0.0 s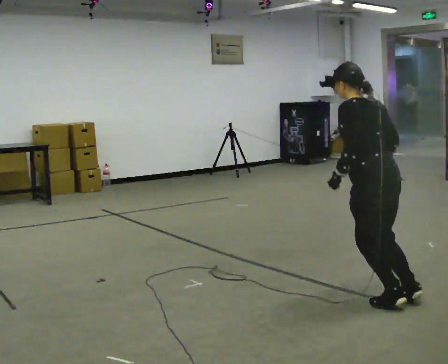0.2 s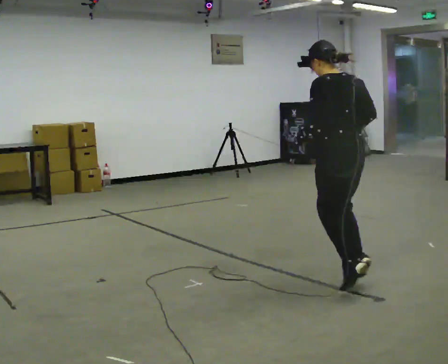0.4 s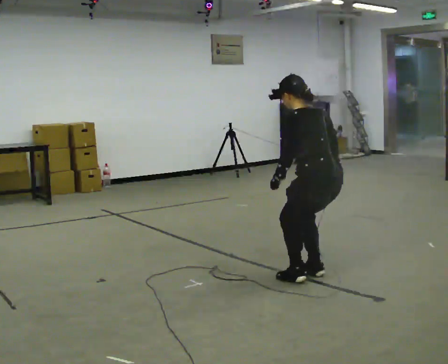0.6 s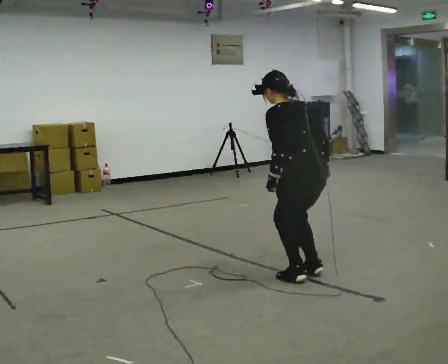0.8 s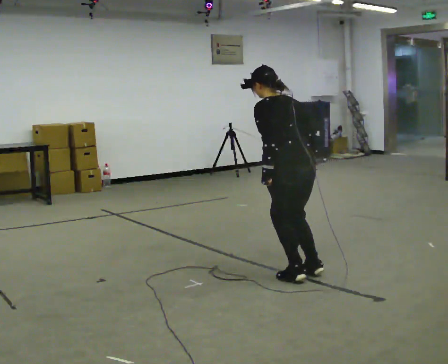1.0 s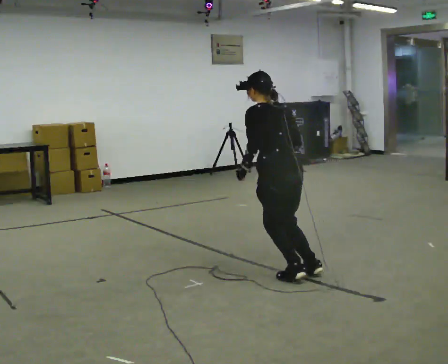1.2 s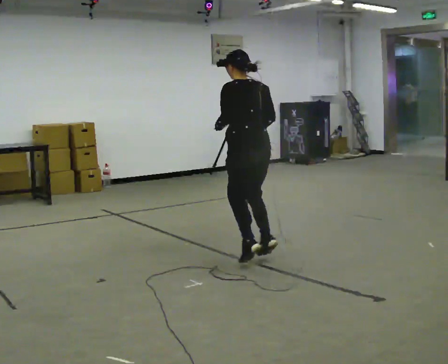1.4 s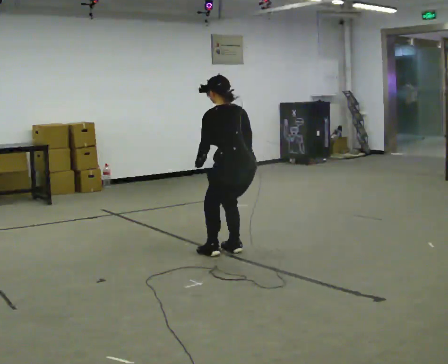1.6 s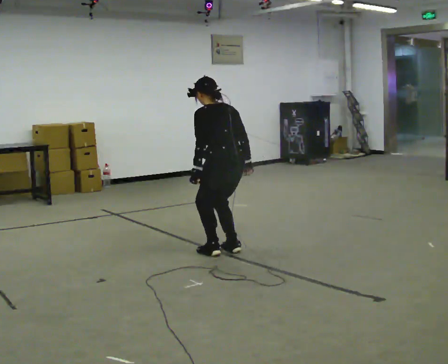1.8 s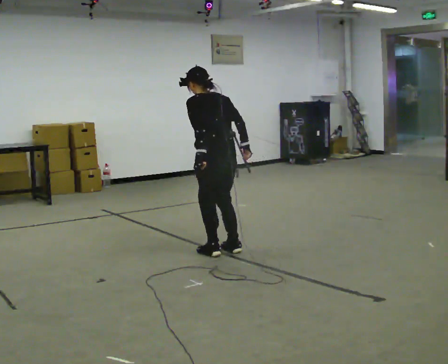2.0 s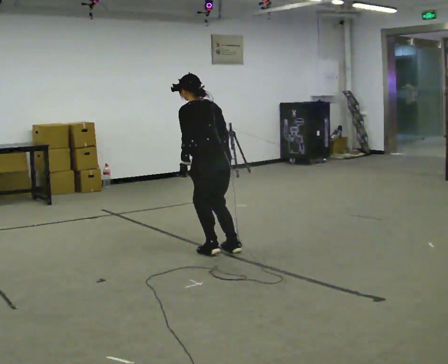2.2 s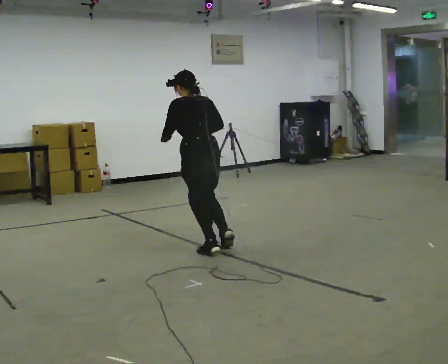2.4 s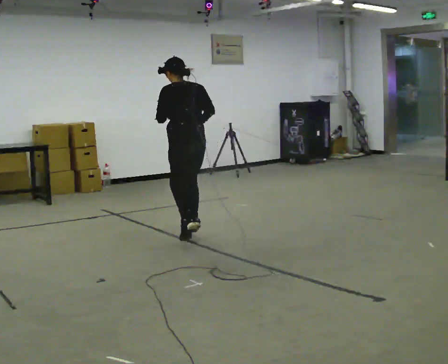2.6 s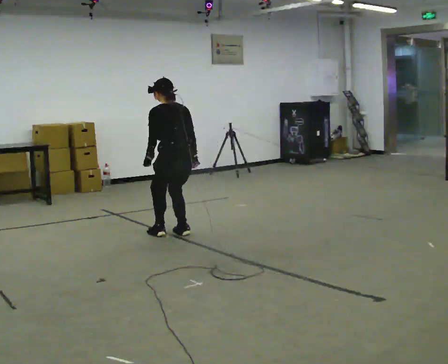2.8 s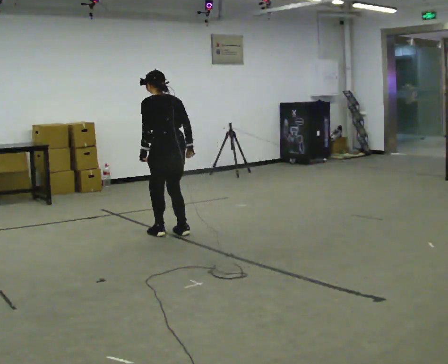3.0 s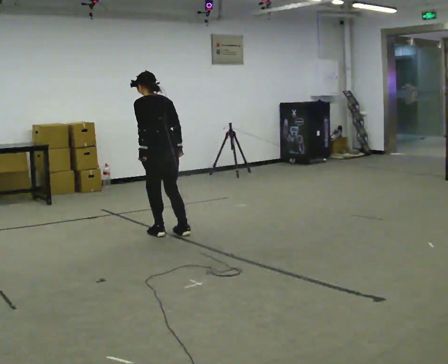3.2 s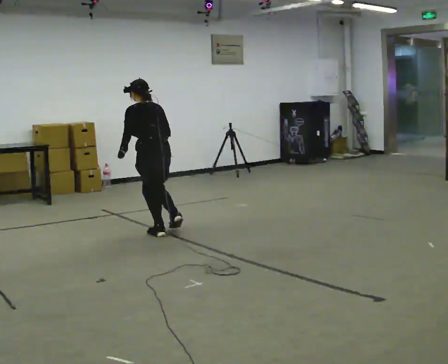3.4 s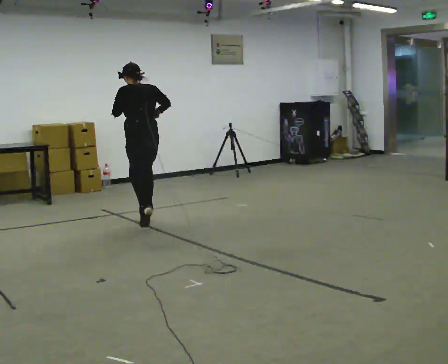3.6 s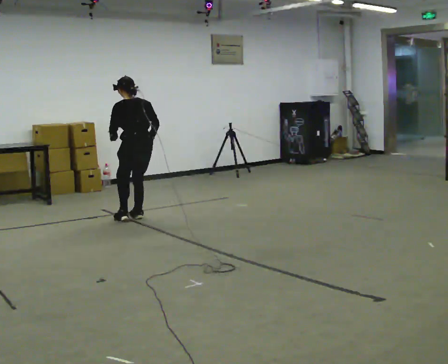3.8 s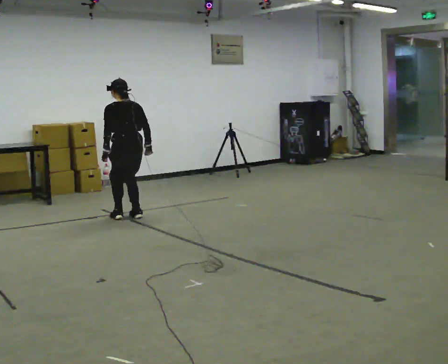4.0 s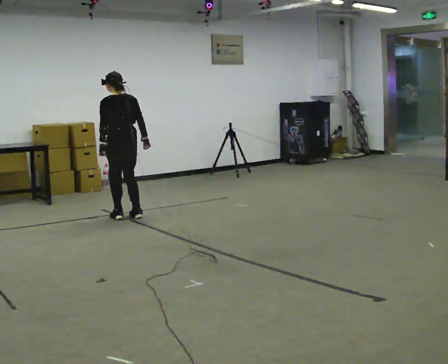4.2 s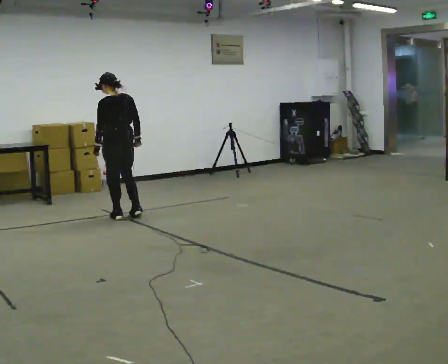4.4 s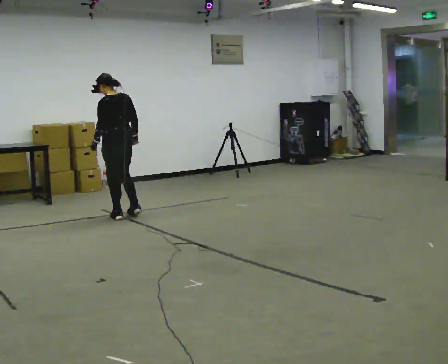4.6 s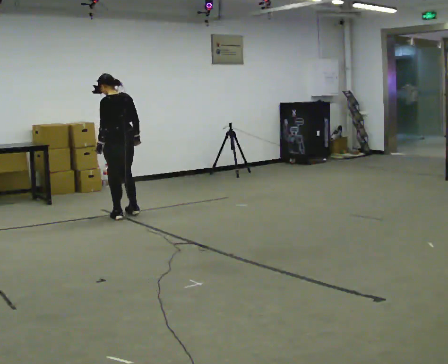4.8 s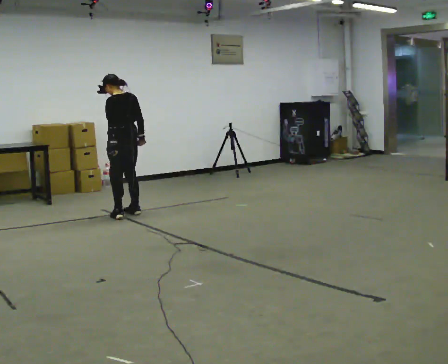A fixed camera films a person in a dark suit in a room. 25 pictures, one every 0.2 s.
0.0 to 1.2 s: In the picture they go away from the camera and to the left, about 1 m in 2 steps, which for them is forward.
1.2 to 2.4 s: In the picture they go away from the camera and to the left, about 1 m in 2 steps, which for them is forward.
2.4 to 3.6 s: In the picture they go away from the camera and to the left, about 1 m in 3 steps, which for them is forward.
3.6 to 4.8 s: In the picture they go away from the camera, about 0.25 m in 2 steps, which for them is forward.
The film runs forward here.
